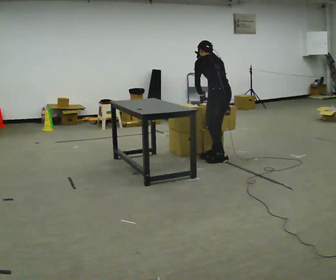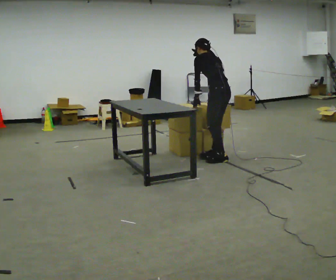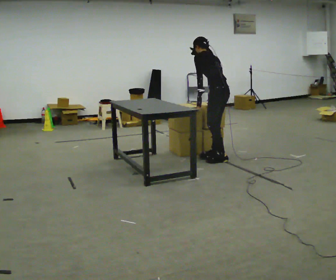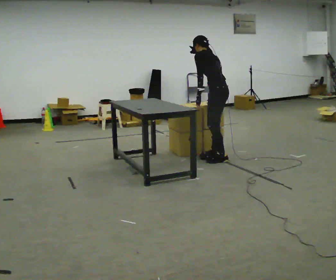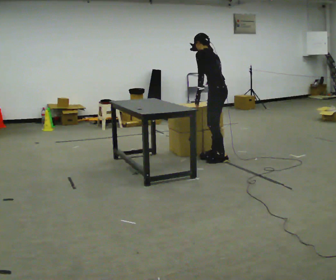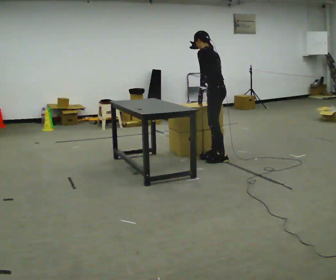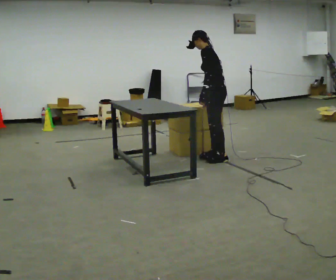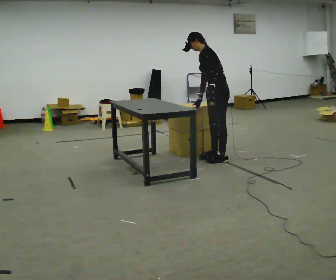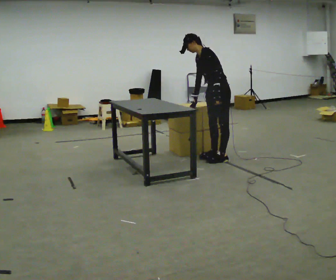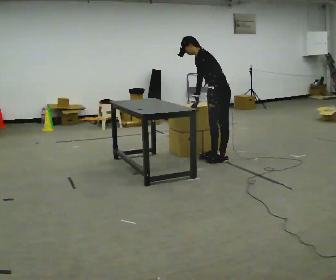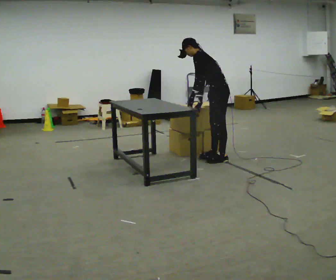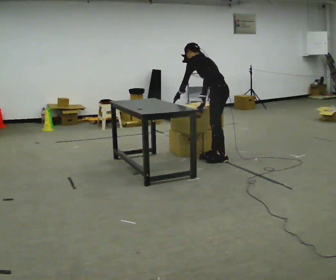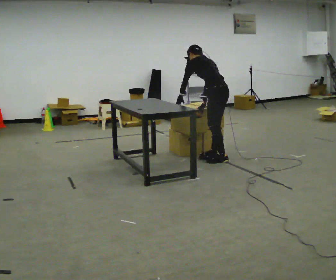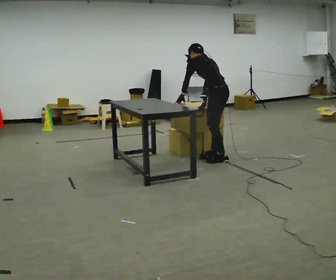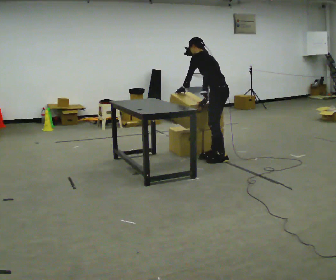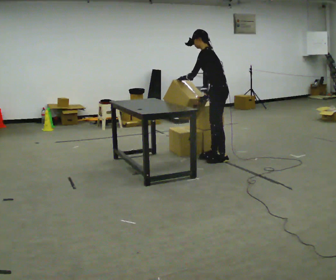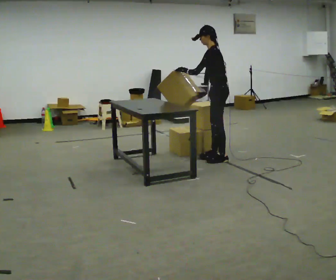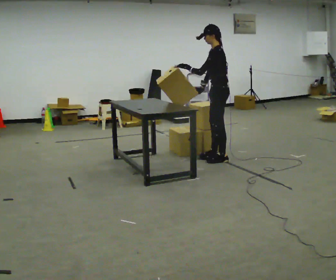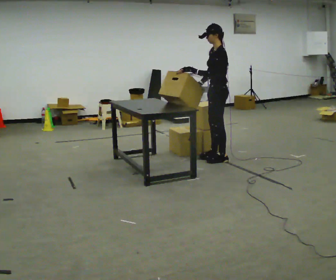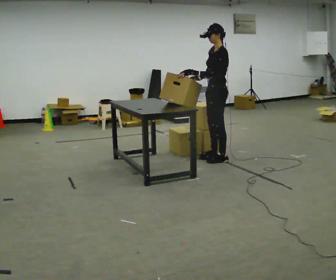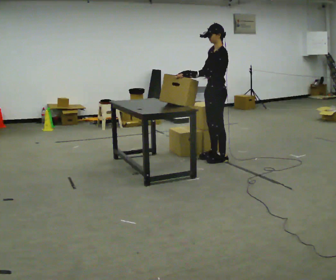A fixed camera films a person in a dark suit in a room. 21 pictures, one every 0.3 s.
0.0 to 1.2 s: The person turns about 30 degrees to their left, counterclockwise seen from above, so the part of the body nearest the lens slides to the right. The upper body tips toward the camera, its near side rolling downward, as they lean back or straighten.
1.2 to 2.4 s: Seen from above the body turns counterclockwise, about 45 degrees: to their left, with its near side sliding to the right.
2.4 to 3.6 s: The person turns about 60 degrees to their right, clockwise seen from above, so the part of the body nearest the lens slides to the left. The upper body tips away from the camera, its near side rolling upward, as they bend forward. In the picture their left hand goes to the left, the arm swinging clockwise.
3.6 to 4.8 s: The part of the body nearest the lens slides to the right as the person turns to their left by about 30 degrees. The upper body tips toward the camera, its near side rolling downward, as they lean back or straighten. In the picture their left hand goes upward.
4.8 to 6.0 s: In the picture the upper body tilts clockwise, shoulders to the right, as they lean back or straighten.
The film runs forward here.
